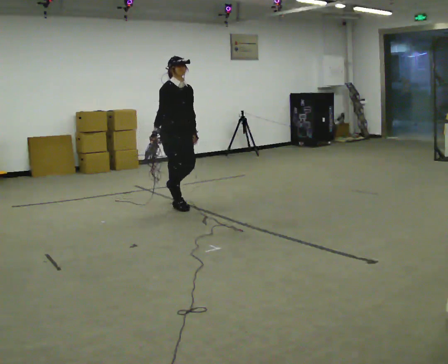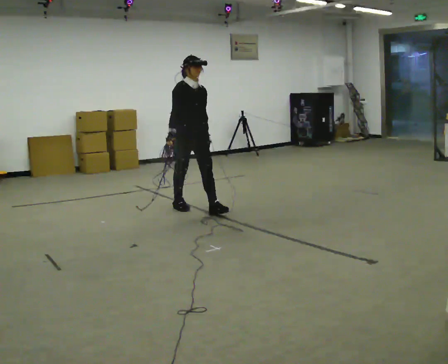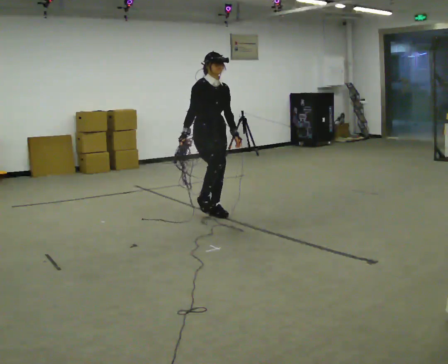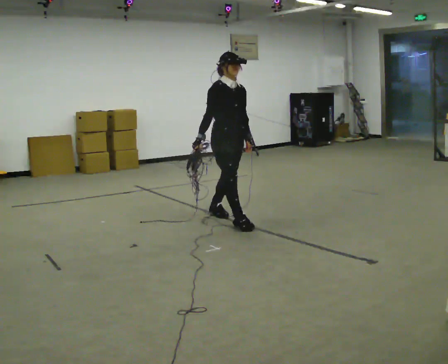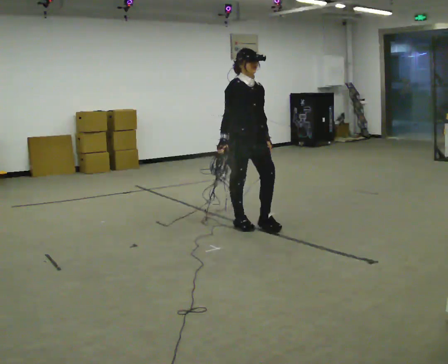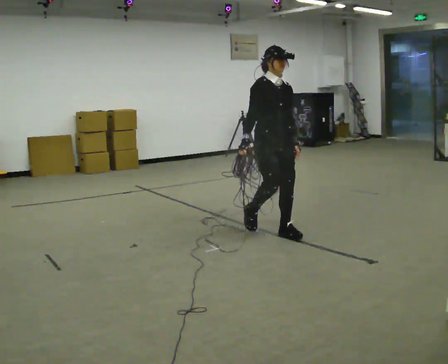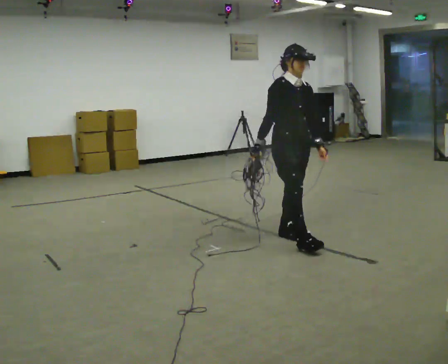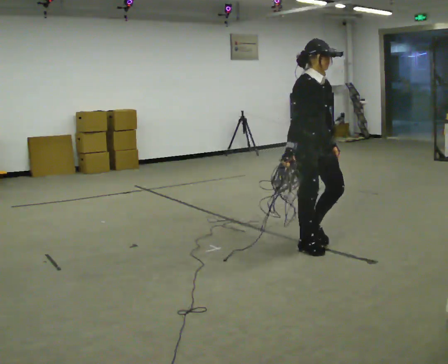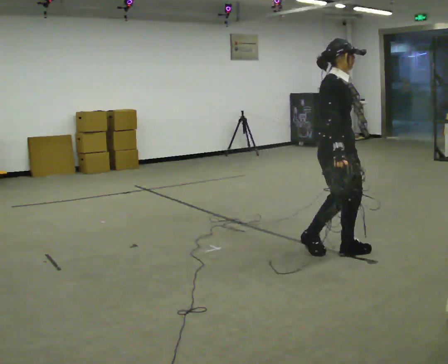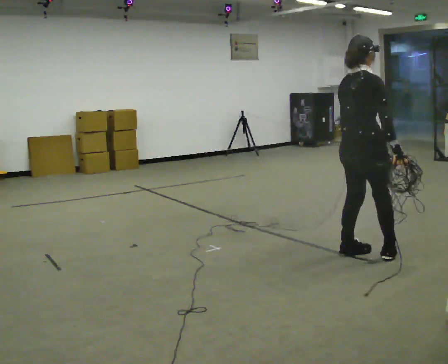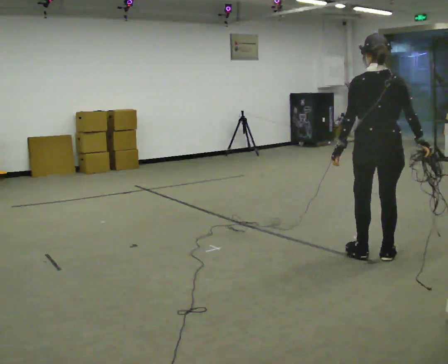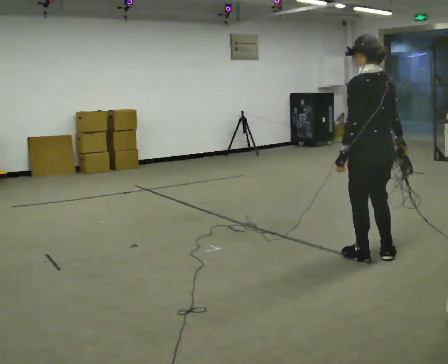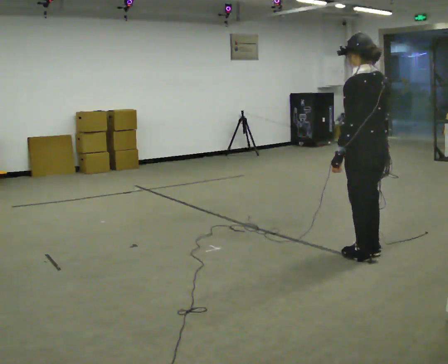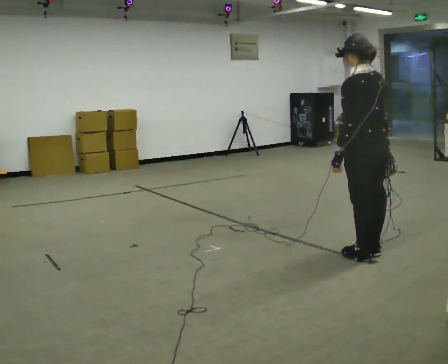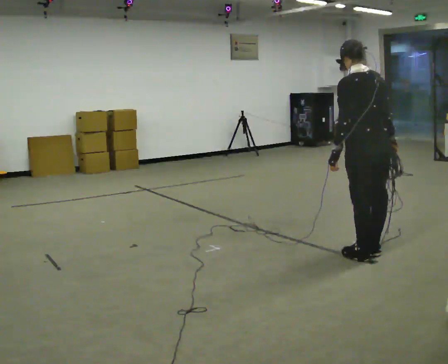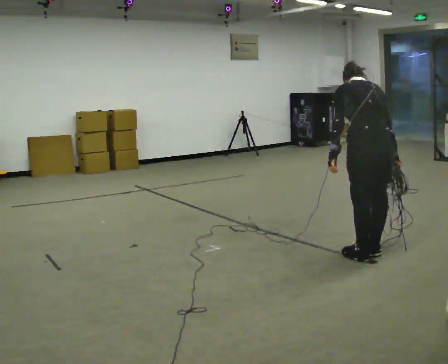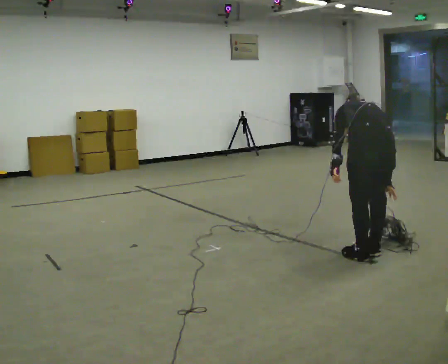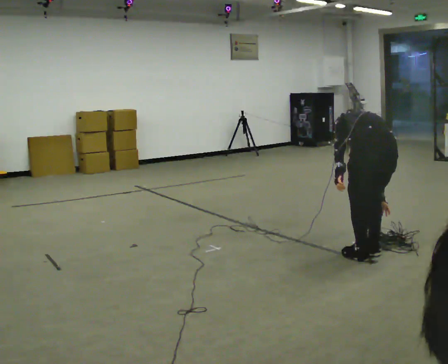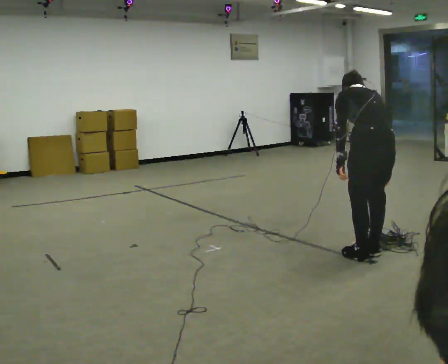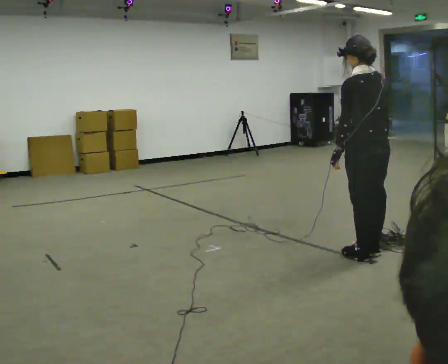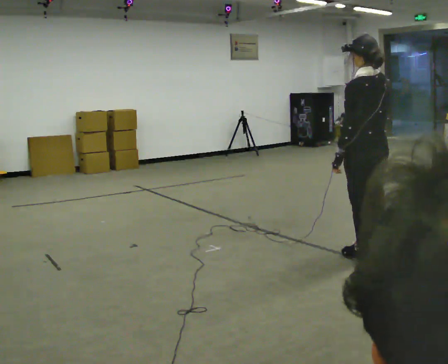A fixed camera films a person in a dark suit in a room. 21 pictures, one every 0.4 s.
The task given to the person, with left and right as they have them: Pick up the coiled hose, carry it across the room, and set it down. It will move around as you walk. Keep going until the operator says stop; one object at a time, and do not rush between trips.
0.0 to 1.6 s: In the picture they go to the right and toward the camera, about 1 m in 2 steps, which for them is forward.
1.6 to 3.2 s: In the picture they go to the right and toward the camera, about 1 m in 3 steps, which for them is forward.
3.2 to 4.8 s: The person turns about 150 degrees to their left, counterclockwise seen from above, so the part of the body nearest the lens slides to the right. In the picture they go to the right, about 0.25 m in 2 steps.
4.8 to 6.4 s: The part of the body nearest the lens slides to the left as the person turns to their right by about 30 degrees. The shoulders move downward. The upper body tips away from the camera, its near side rolling upward, as they bend forward.
6.4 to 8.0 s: The upper body tips toward the camera, its near side rolling downward, as they lean back or straighten.
The film runs forward here.
